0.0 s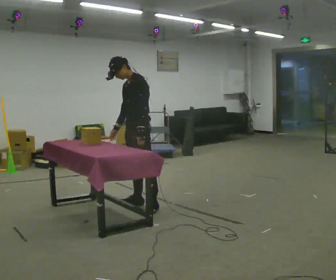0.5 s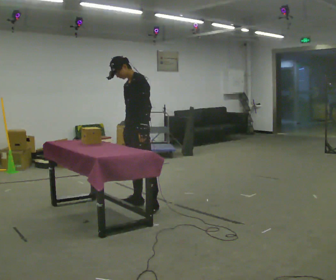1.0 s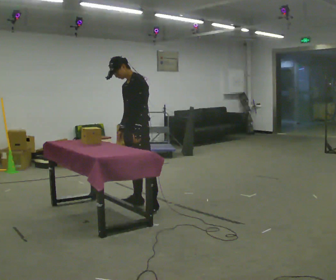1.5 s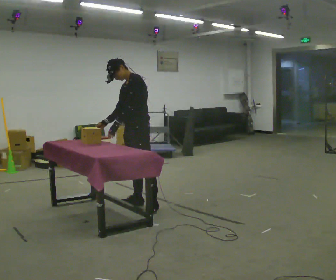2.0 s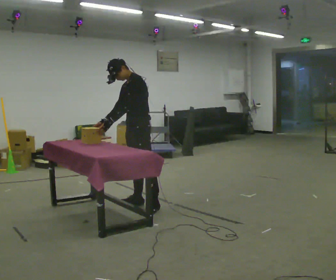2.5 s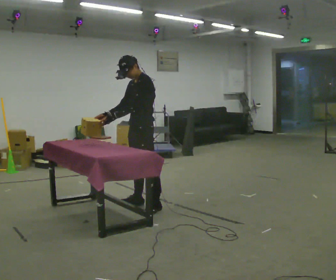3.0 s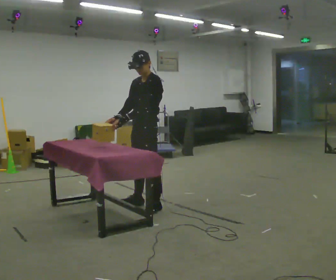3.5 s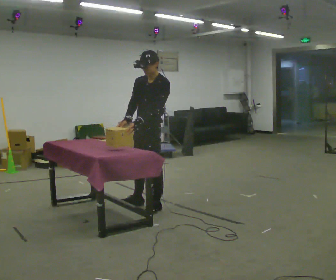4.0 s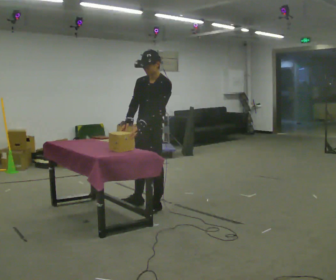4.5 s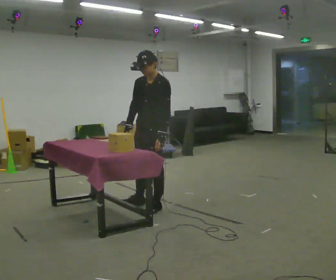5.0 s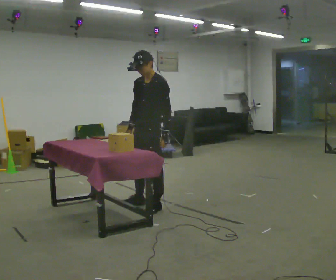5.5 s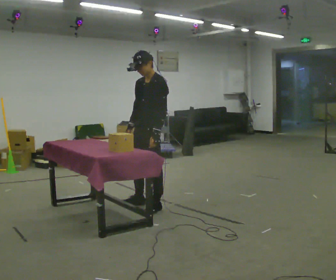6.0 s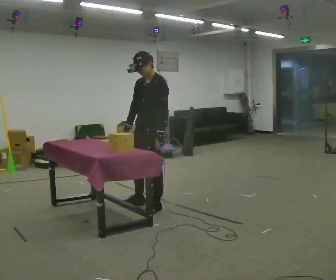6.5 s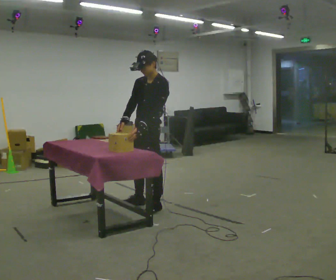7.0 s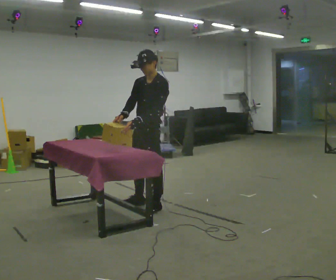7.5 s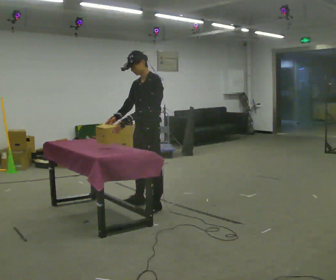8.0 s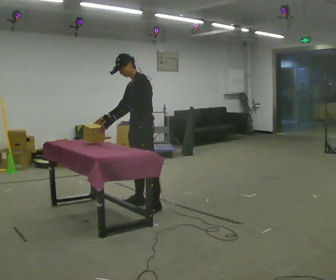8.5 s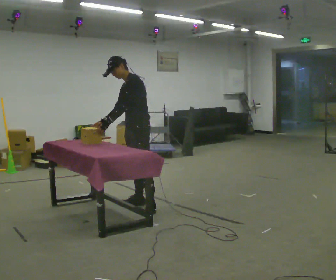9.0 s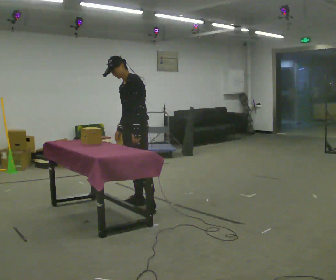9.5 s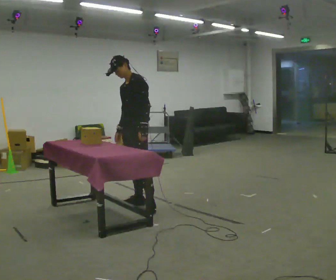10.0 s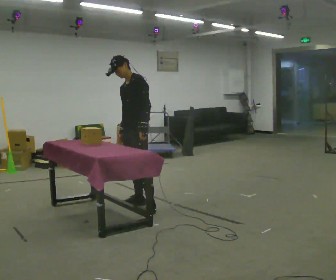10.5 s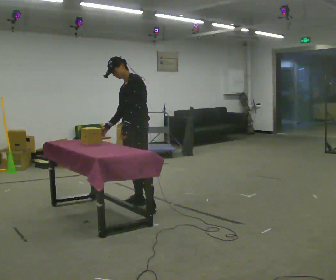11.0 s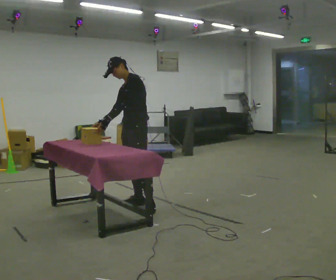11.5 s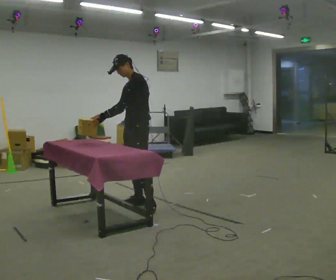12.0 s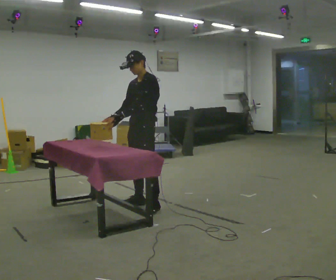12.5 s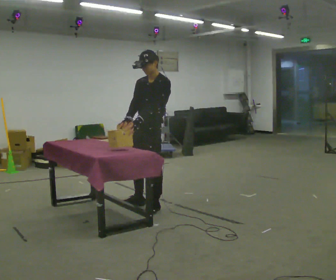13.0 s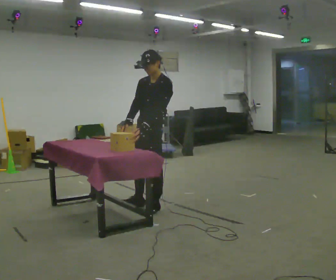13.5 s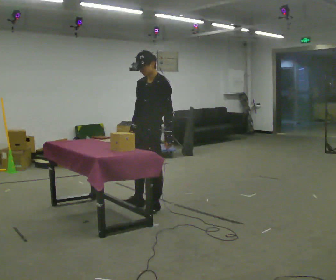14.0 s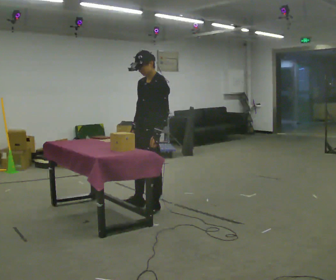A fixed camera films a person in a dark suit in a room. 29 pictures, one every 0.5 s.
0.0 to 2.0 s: In the picture their left hand goes to the left.
2.0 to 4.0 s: In the picture they go toward the camera, about 0.25 m, which for them is to their left. In the picture the upper body tilts clockwise, shoulders to the right.
4.0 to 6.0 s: The person moves a little, or ends about where they began.
6.0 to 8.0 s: In the picture their left hand goes to the left.
8.0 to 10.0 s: In the picture their left hand goes to the right, the arm swinging counterclockwise.
10.0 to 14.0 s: In the picture they go toward the camera, about 0.25 m, which for them is to their left.
The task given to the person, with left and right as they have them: Lift the heavy object with both hands and set it down again in a different spot on the same surface. Repeat at your own pace until the operator says stop. Keep both feet on the marked spots for the whole take. If you have to step, stop and tell the operator.
The film runs forward here.
